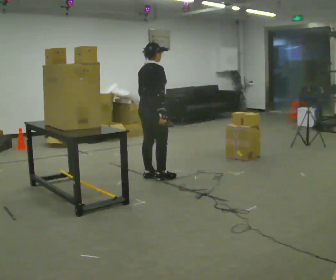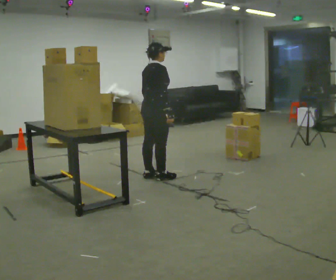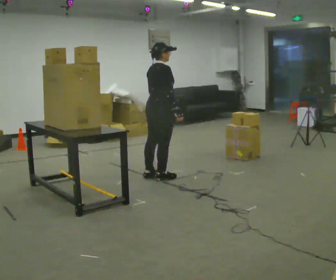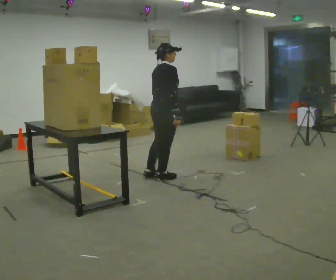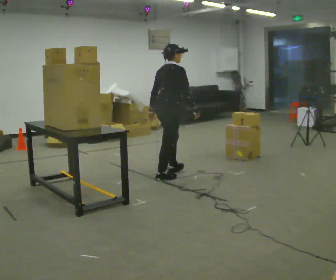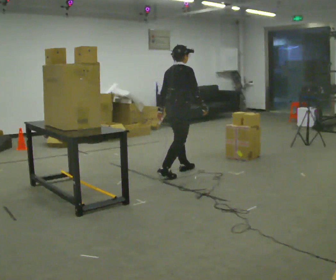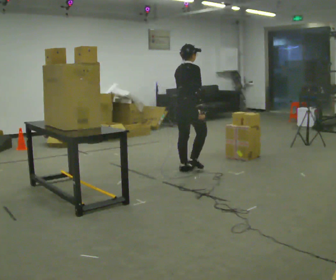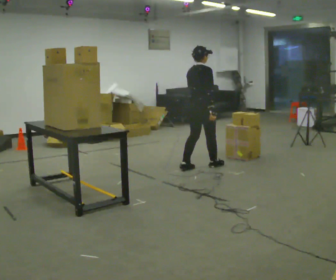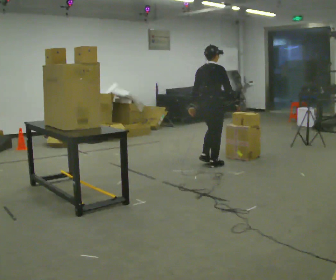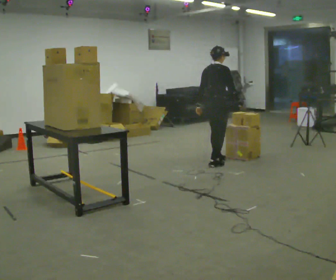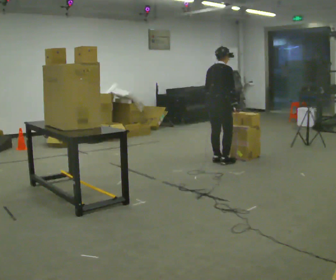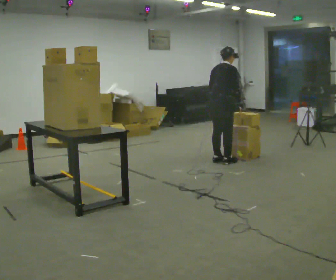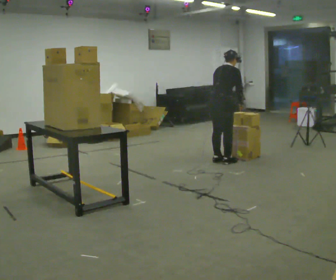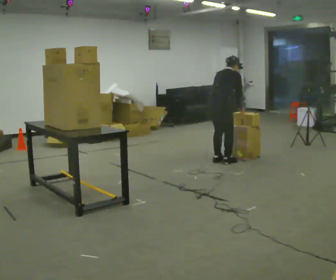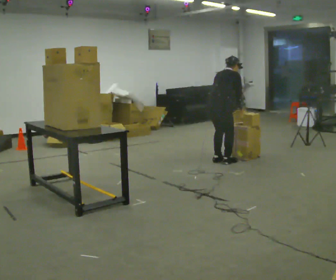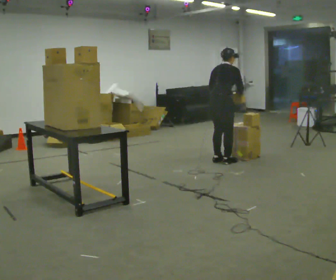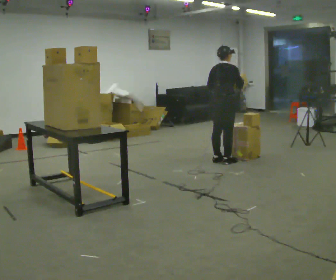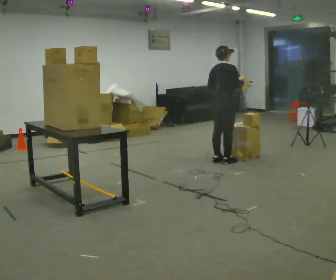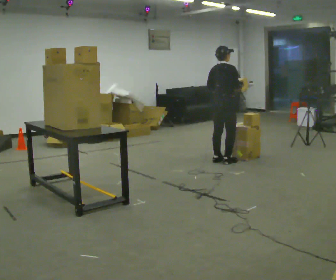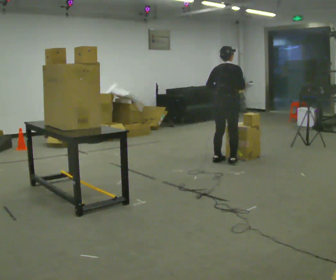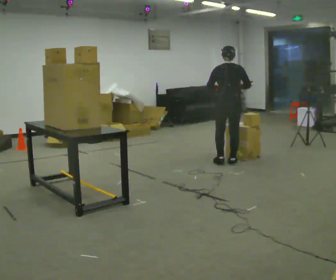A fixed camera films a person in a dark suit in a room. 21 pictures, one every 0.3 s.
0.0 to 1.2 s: In the picture they go to the right, about 0.25 m, which for them is forward. In the picture their right hand goes to the right.
1.2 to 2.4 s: In the picture they go away from the camera and to the right, about 0.5 m in 2 steps, which for them is forward.
2.4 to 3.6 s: In the picture they go away from the camera, about 0.25 m in 2 steps, which for them is forward. The upper body tips away from the camera, its near side rolling upward, as they bend forward. In the picture their left hand goes to the right.
3.6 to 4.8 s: The person moves a little, or ends about where they began.
4.8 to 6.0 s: The part of the body nearest the lens slides to the right as the person turns to their left by about 45 degrees.
The film runs forward here.
